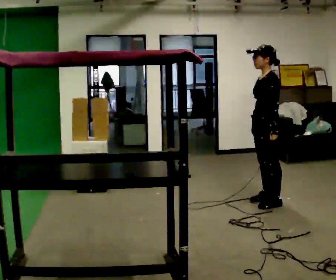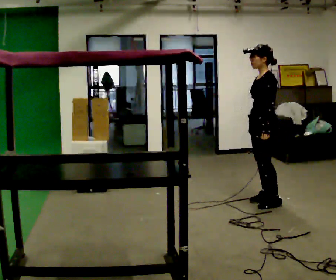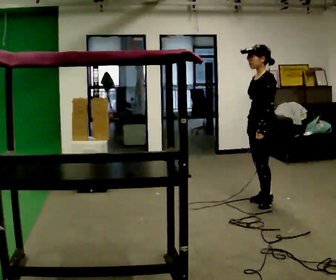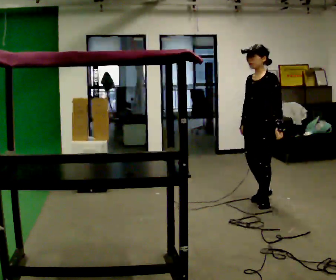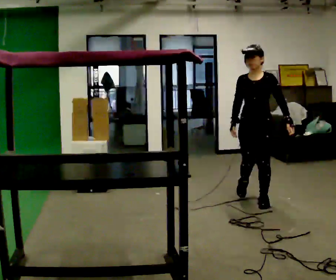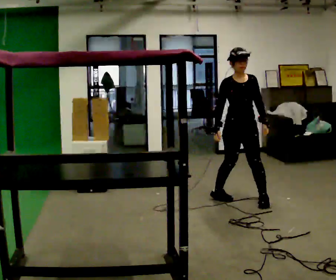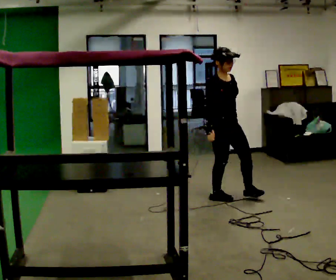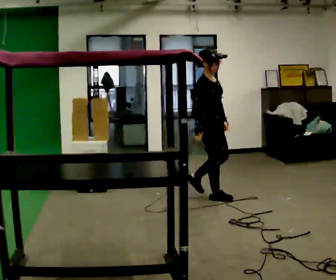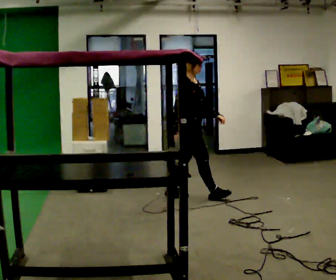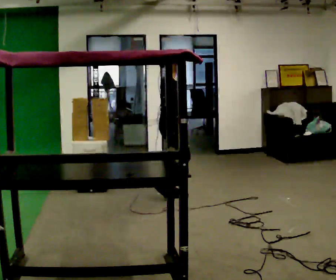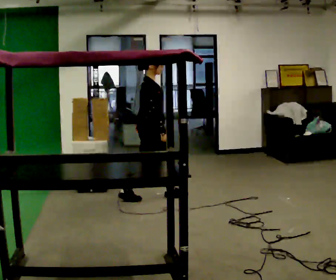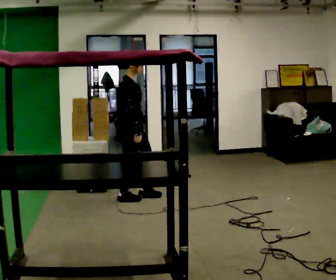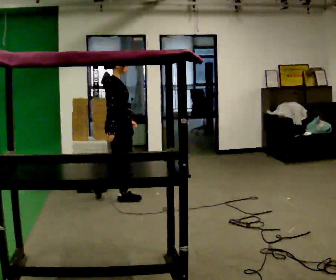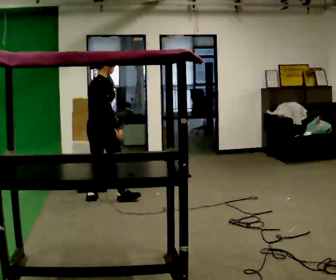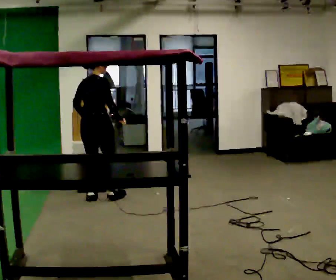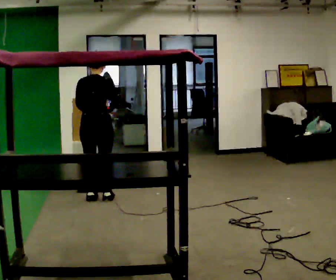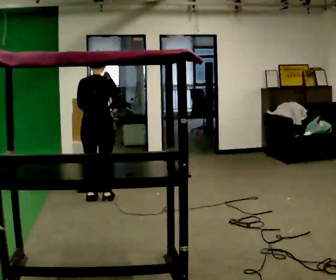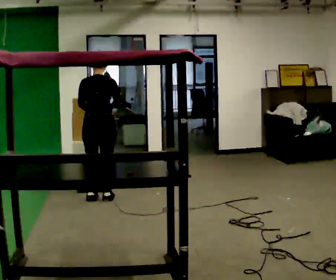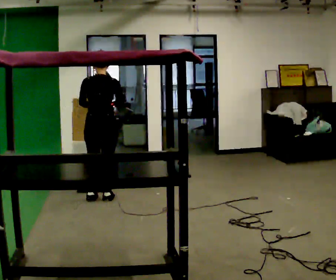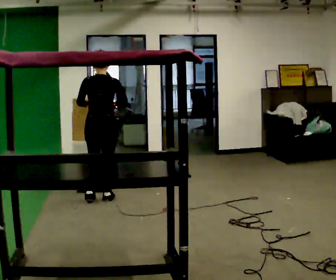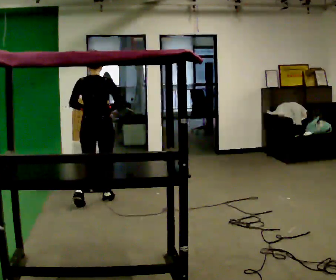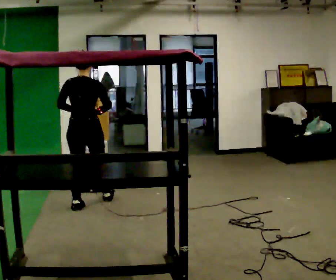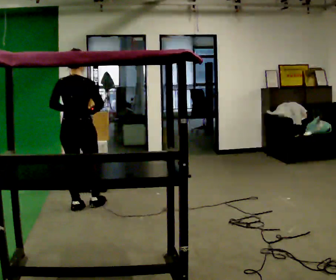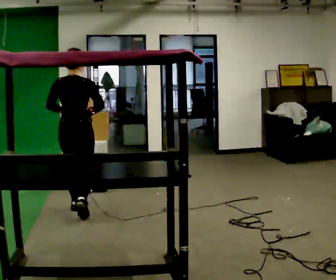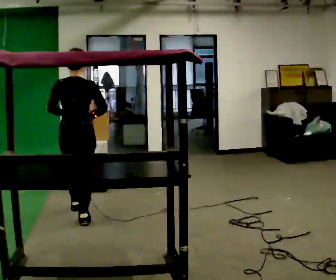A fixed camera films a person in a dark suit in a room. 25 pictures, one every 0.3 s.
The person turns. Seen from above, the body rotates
counterclockwise.
The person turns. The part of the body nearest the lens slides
to the right.
0.0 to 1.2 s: The part of the body nearest the lens slides to the right as the person turns to their left by about 60 degrees.
1.2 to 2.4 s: Seen from above the body turns counterclockwise, about 105 degrees: to their left, with its near side sliding to the right. In the picture they go to the left and away from the camera, about 0.5 m in 1 step.
2.4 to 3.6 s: Seen from above the body turns counterclockwise, about 30 degrees: to their left, with its near side sliding to the right. In the picture they go to the left, about 1 m in 2 steps, which for them is backward.
3.6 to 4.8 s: The person turns about 75 degrees to their left, counterclockwise seen from above, so the part of the body nearest the lens slides to the right. In the picture they go to the left, about 0.25 m in 1 step.
4.8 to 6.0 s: The person moves a little, or ends about where they began.
6.0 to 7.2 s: In the picture they go toward the camera, about 0.5 m in 1 step, which for them is backward.
The film runs backward here.
